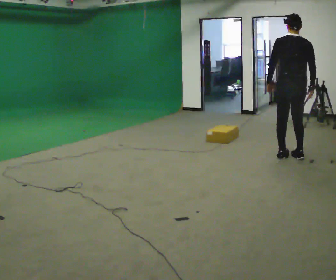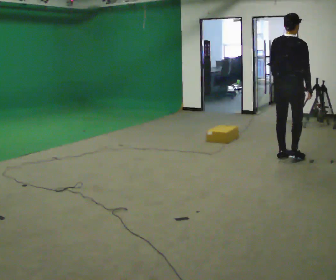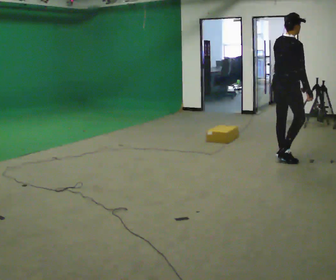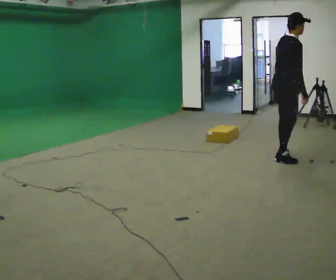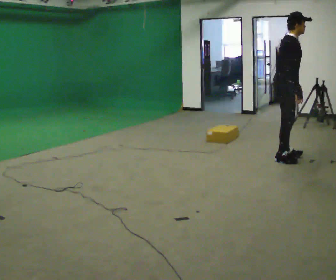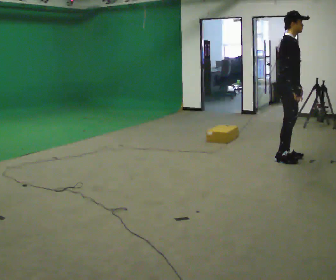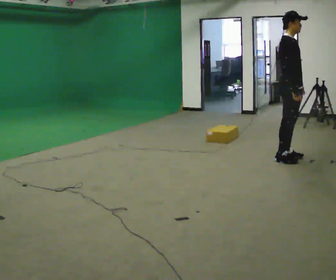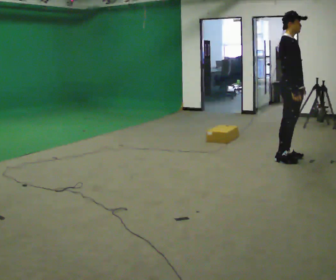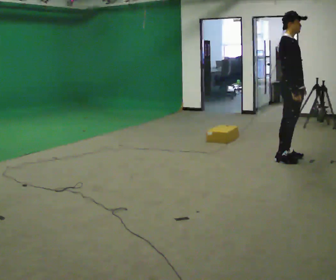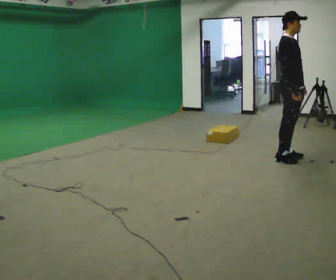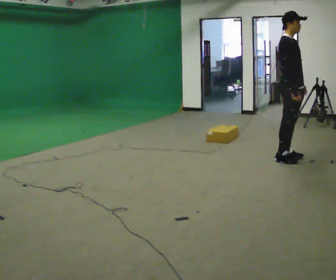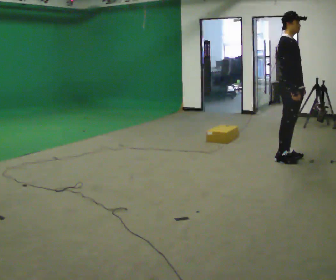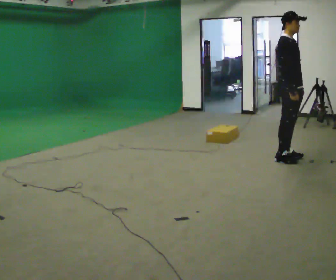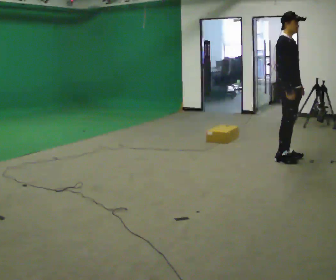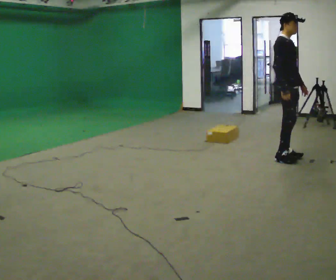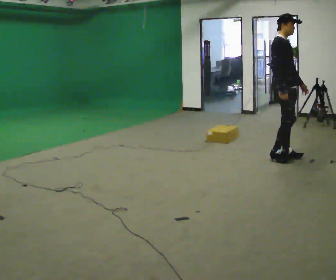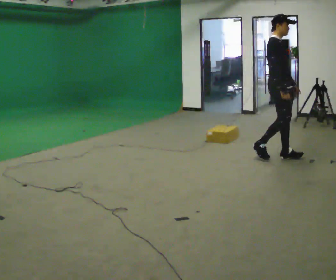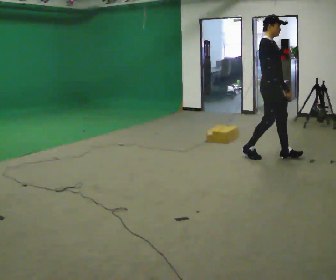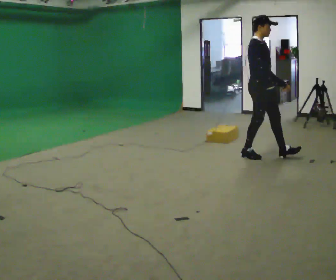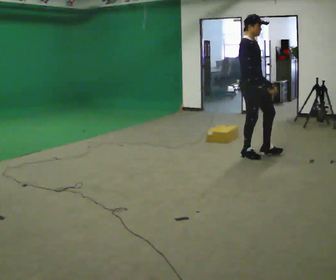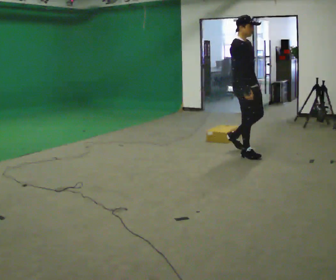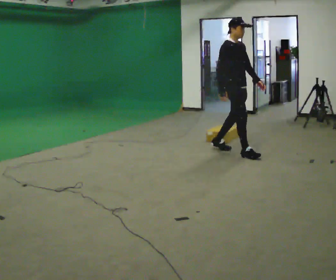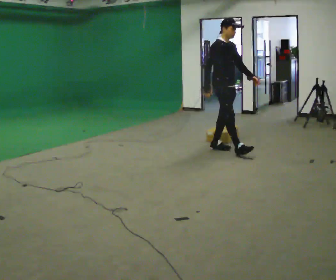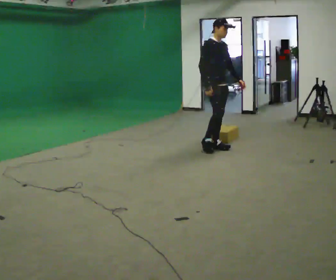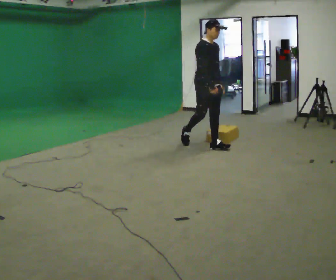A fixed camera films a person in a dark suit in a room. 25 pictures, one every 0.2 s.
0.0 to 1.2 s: Seen from above the body turns clockwise, about 105 degrees: to their right, with its near side sliding to the left. In the picture their left hand goes to the right.
1.2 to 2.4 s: The person moves a little, or ends about where they began.
2.4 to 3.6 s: In the picture they go to the left, about 0.25 m in 1 step, which for them is backward.
3.6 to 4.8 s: In the picture they go to the left and away from the camera, about 1 m in 2 steps, which for them is backward.
The film runs backward here.
